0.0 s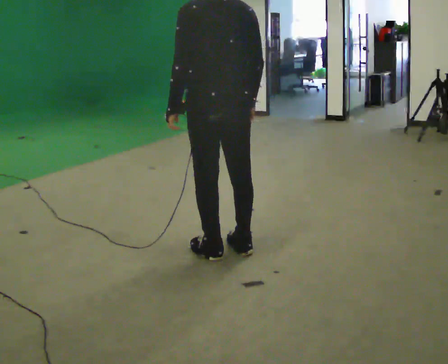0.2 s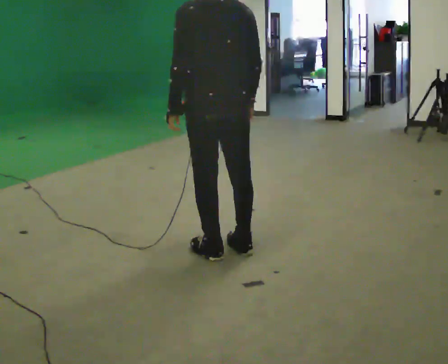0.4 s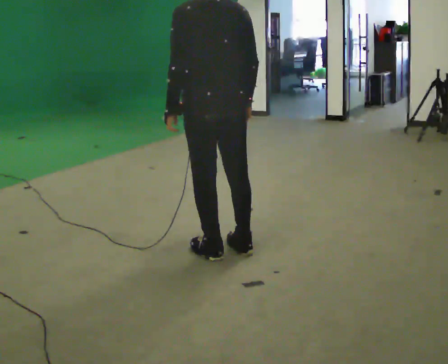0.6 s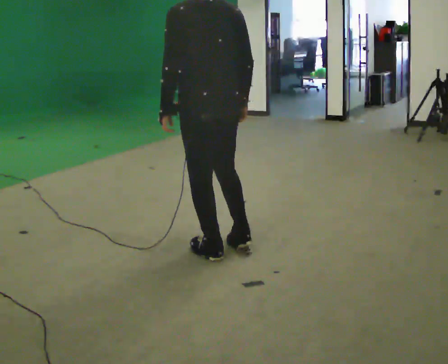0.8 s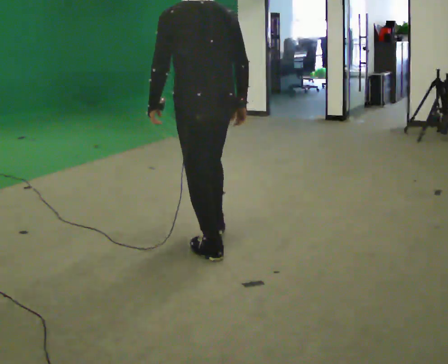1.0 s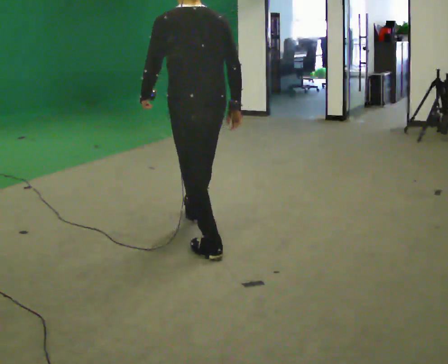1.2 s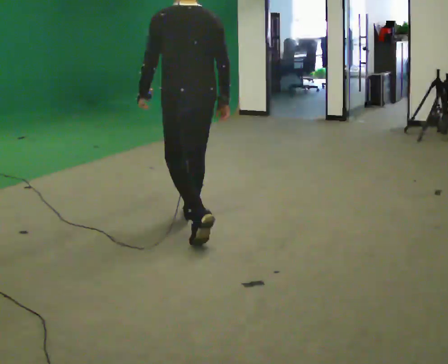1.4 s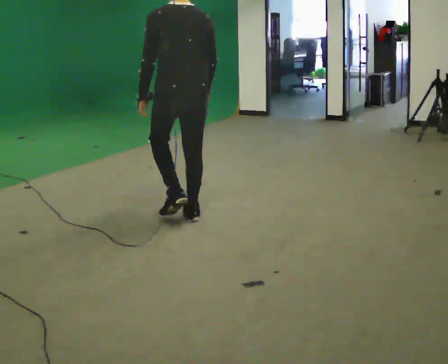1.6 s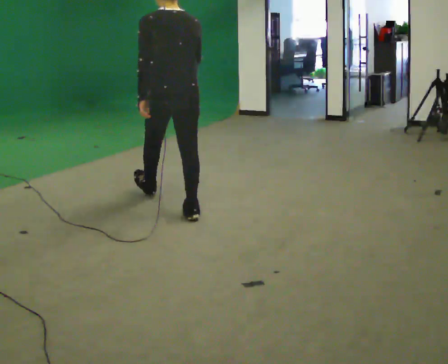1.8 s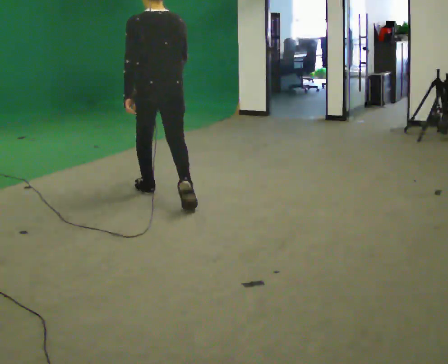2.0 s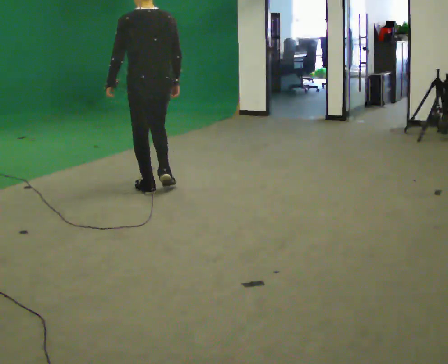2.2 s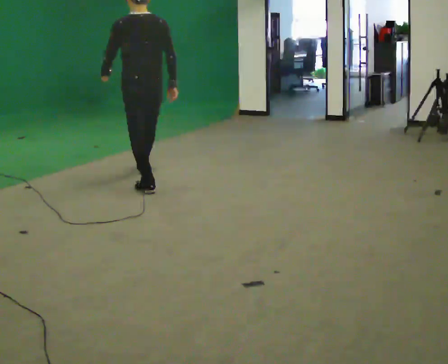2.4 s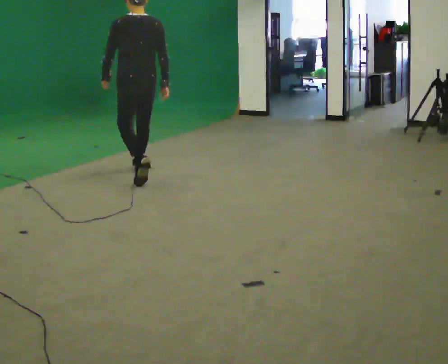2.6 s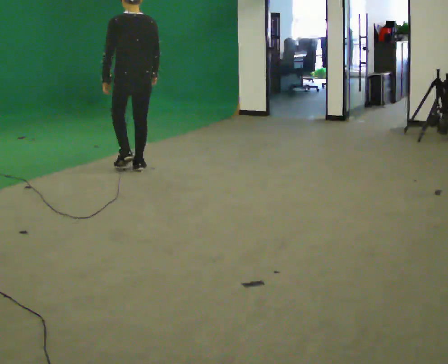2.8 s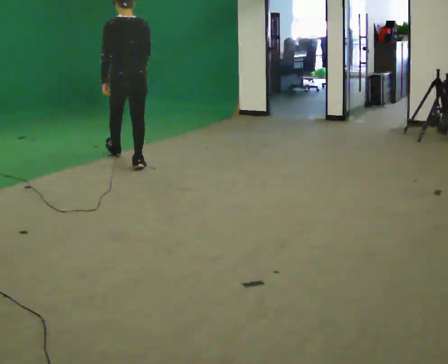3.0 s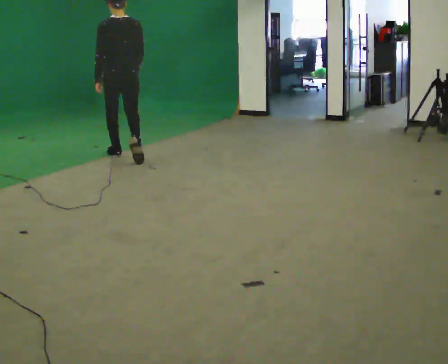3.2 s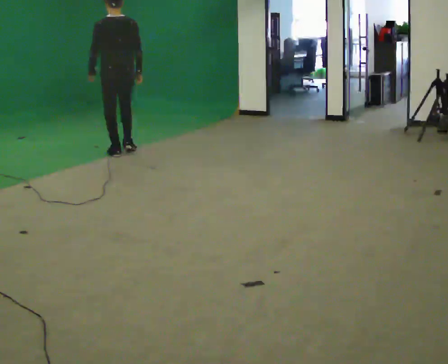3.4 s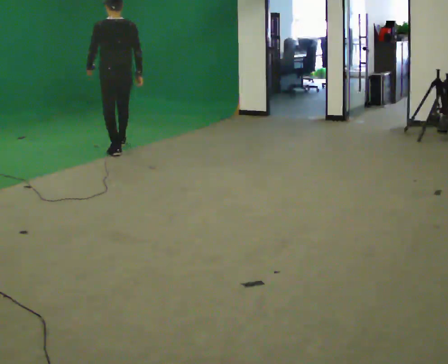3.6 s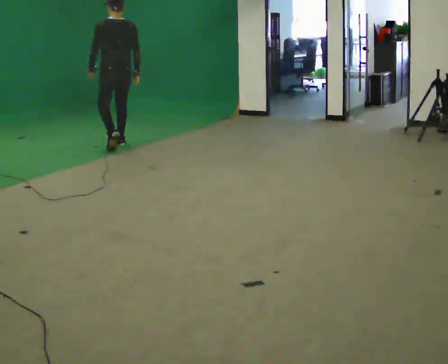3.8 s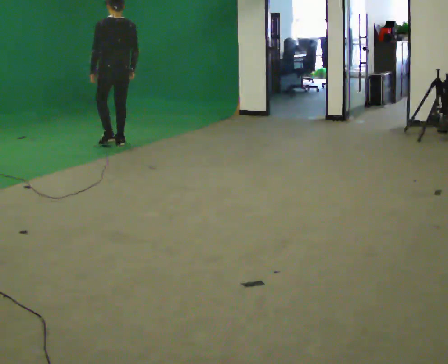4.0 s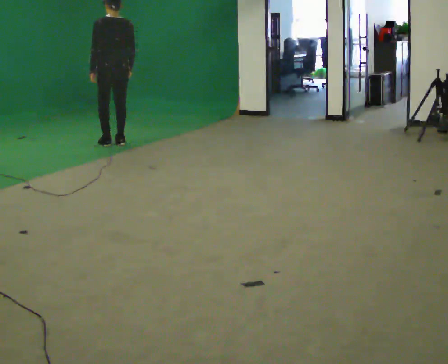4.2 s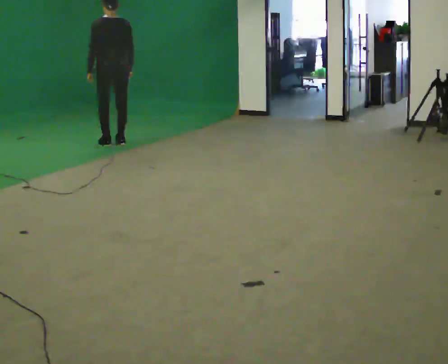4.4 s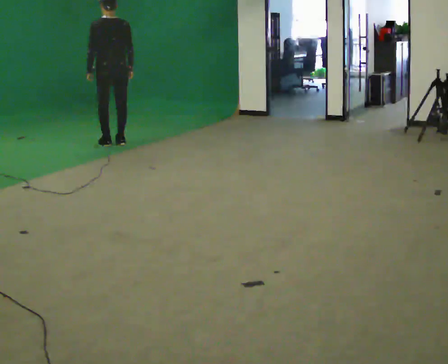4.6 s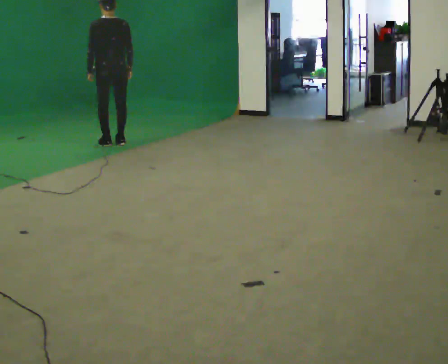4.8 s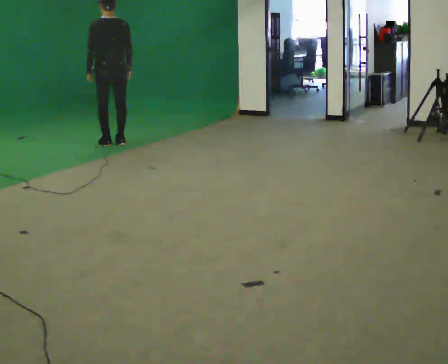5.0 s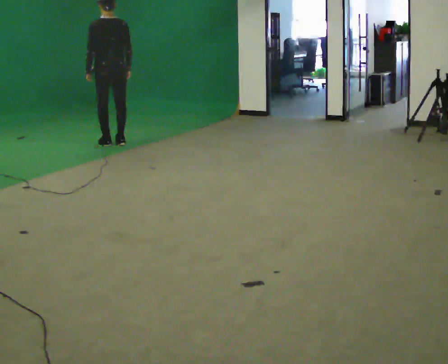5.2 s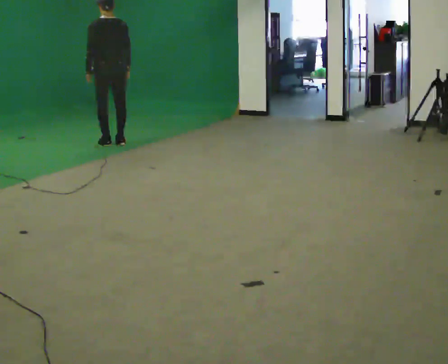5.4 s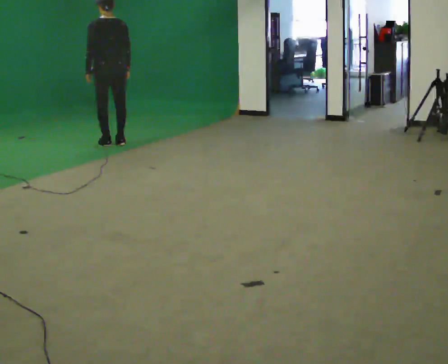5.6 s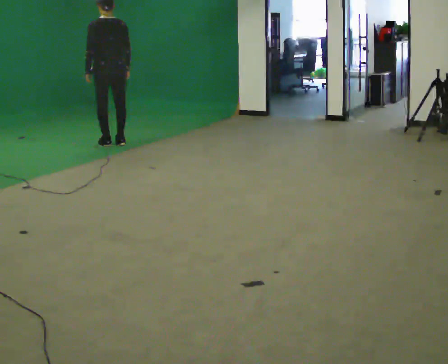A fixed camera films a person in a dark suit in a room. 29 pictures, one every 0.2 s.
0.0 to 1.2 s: In the picture they go away from the camera, about 0.5 m in 1 step, which for them is forward.
1.2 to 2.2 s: In the picture they go away from the camera, about 1 m in 1 step, which for them is forward.
2.2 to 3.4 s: In the picture they go away from the camera, about 1.5 m in 3 steps, which for them is forward.
3.4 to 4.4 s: In the picture they go away from the camera, about 0.25 m in 1 step, which for them is forward.
4.4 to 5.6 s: The person moves a little, or ends about where they began.
The film runs forward here.
